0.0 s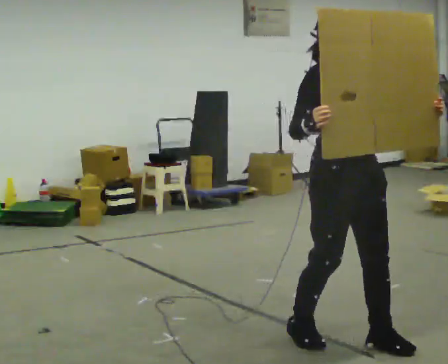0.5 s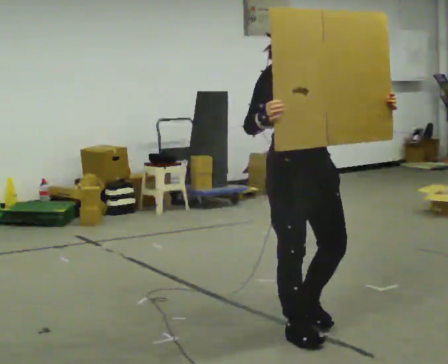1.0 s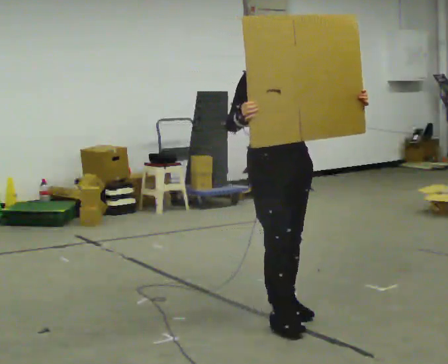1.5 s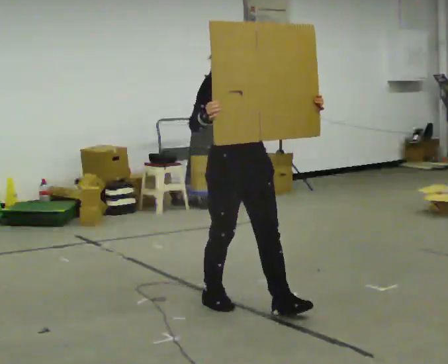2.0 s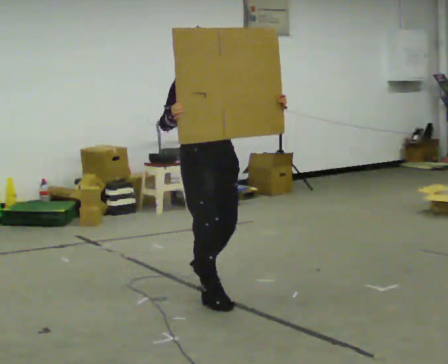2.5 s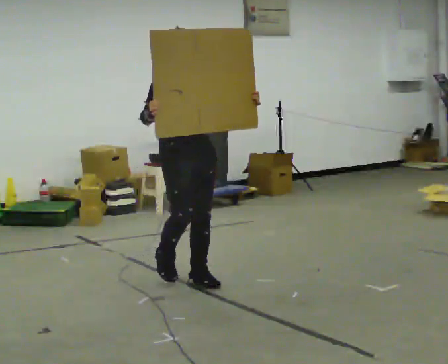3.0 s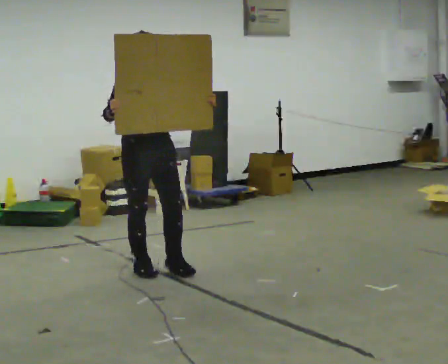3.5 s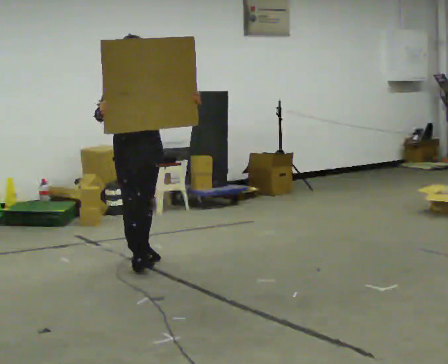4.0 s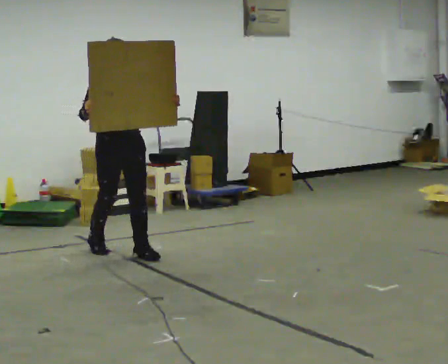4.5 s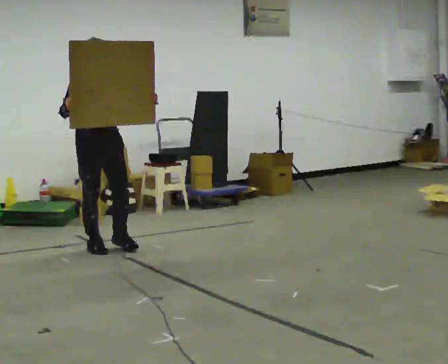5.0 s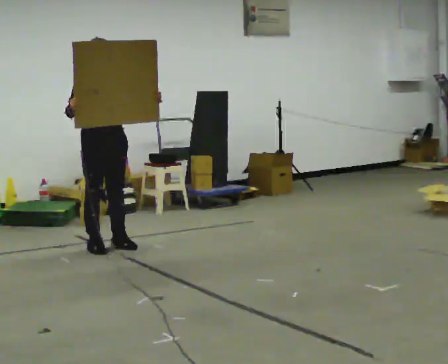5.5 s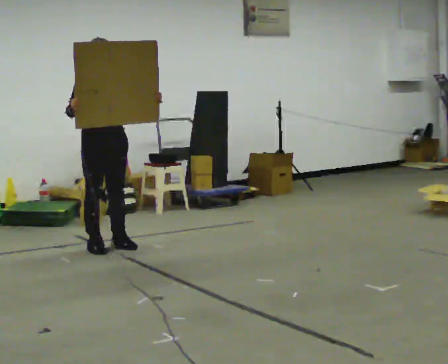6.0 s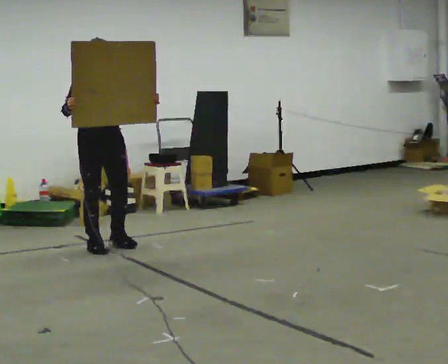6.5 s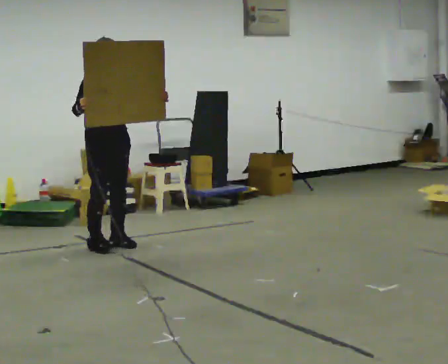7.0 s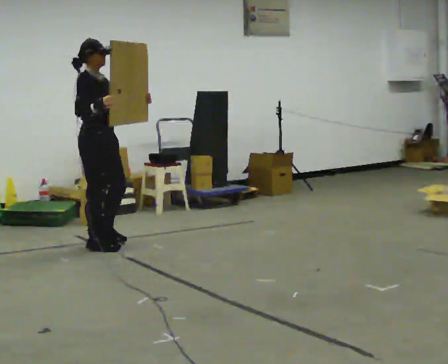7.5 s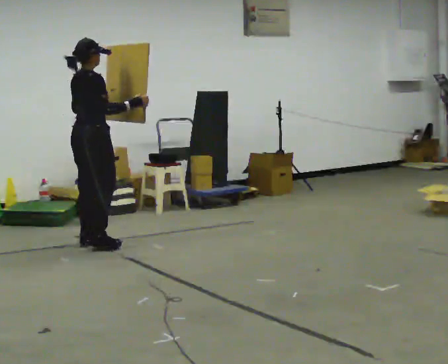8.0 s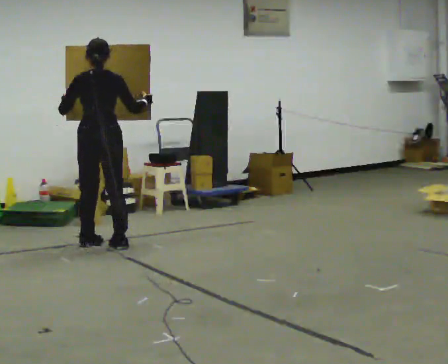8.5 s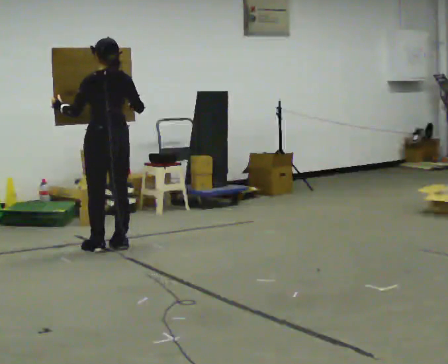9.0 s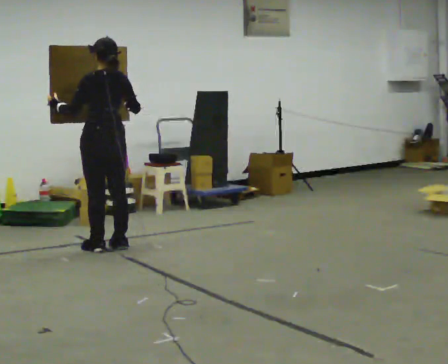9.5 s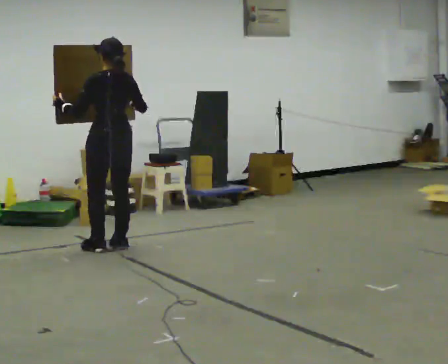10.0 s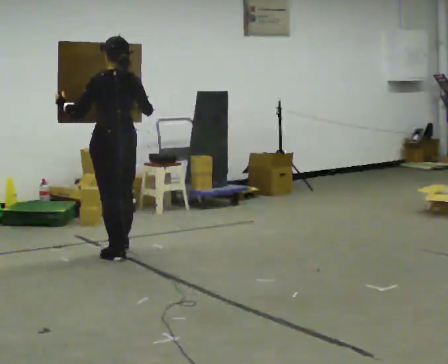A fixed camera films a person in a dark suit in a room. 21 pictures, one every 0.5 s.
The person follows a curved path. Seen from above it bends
clockwise.
The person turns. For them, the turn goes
to their left.
0.0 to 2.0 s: In the picture they go away from the camera and to the left, about 1 m in 3 steps, which for them is backward.
2.0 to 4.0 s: In the picture they go away from the camera and to the left, about 1.5 m in 3 steps, which for them is backward.
4.0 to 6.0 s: In the picture they go away from the camera and to the left, about 0.25 m in 1 step, which for them is backward.
6.0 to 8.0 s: The part of the body nearest the lens slides to the right as the person turns to their left by about 135 degrees. In the picture their right hand goes to the right.
8.0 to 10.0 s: Seen from above the body turns counterclockwise, about 45 degrees: to their left, with its near side sliding to the right. In the picture they go toward the camera, about 0.5 m in 3 steps, which for them is backward.
The film runs backward here.
